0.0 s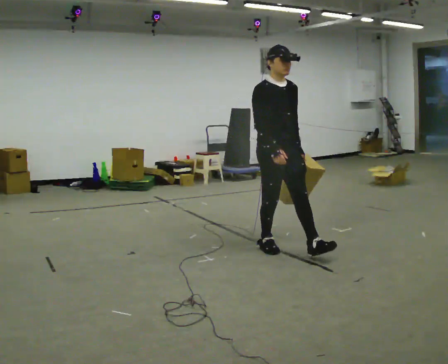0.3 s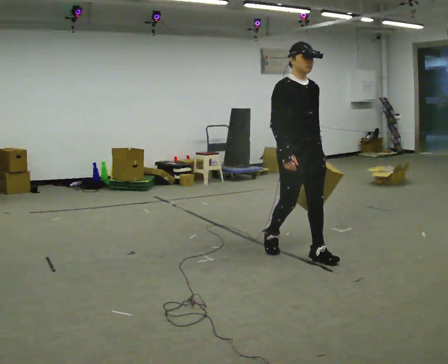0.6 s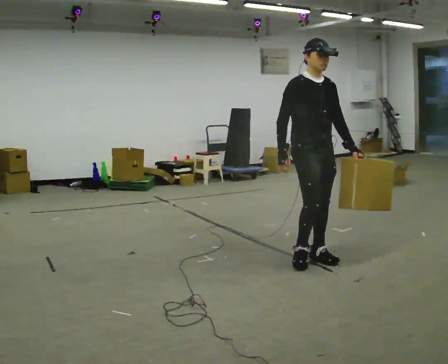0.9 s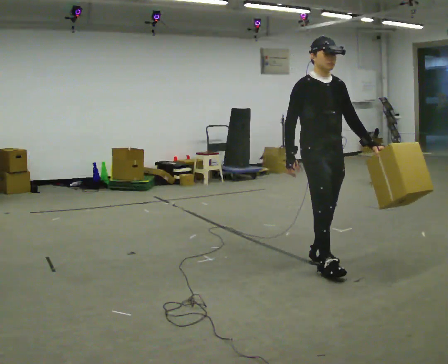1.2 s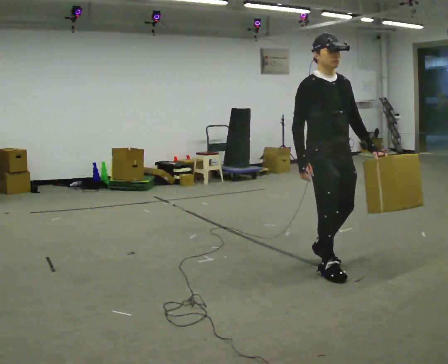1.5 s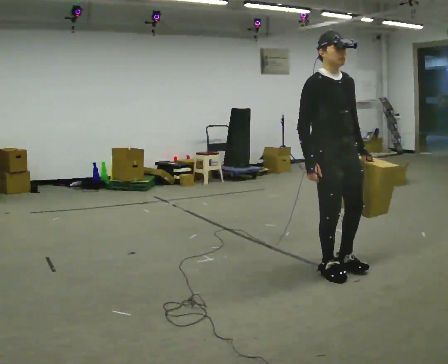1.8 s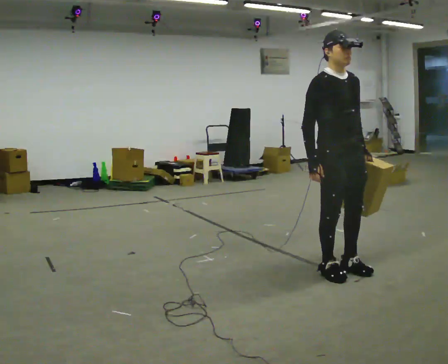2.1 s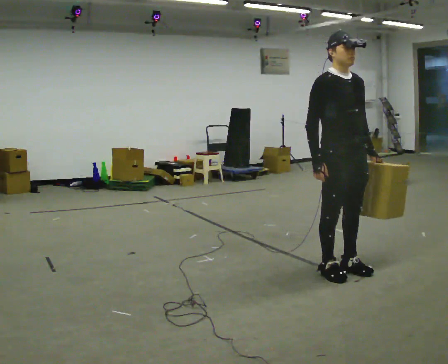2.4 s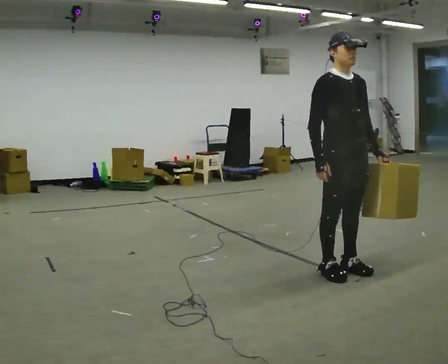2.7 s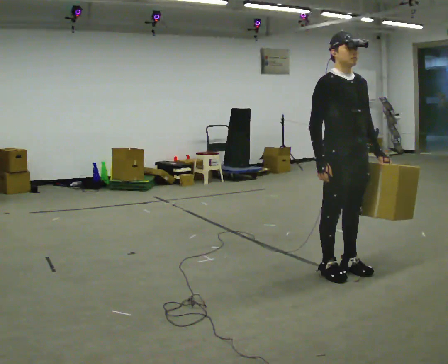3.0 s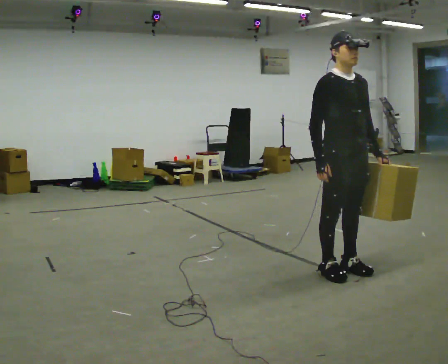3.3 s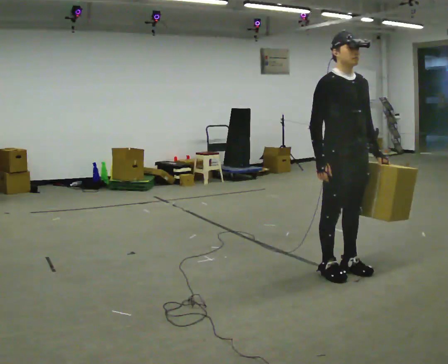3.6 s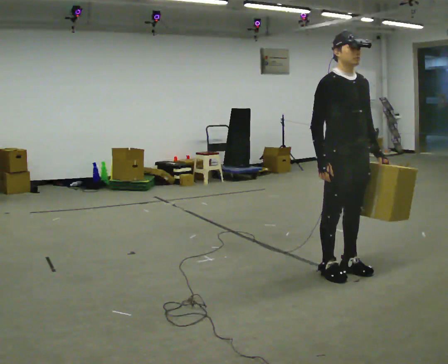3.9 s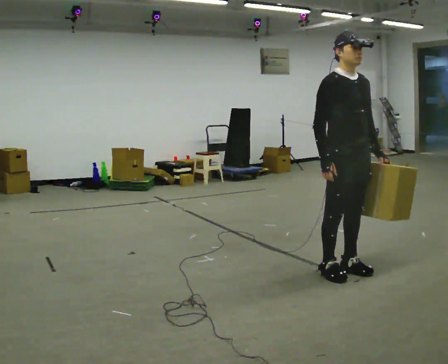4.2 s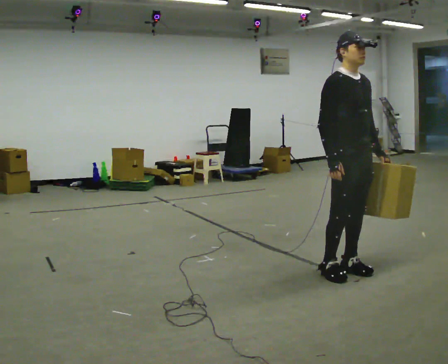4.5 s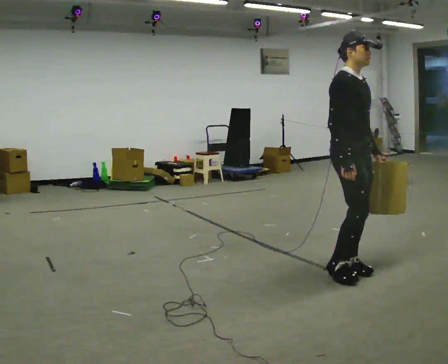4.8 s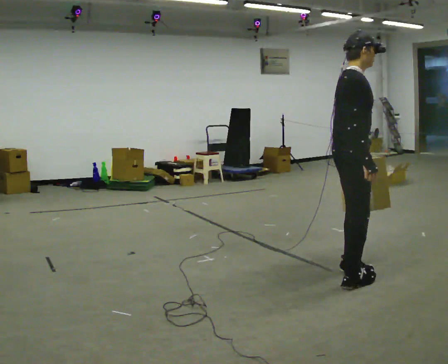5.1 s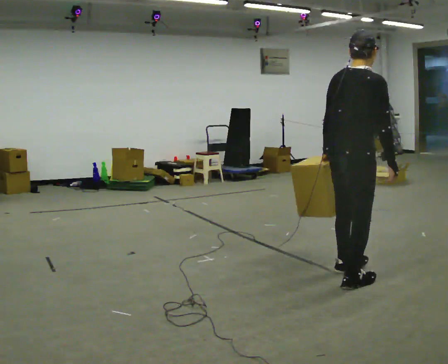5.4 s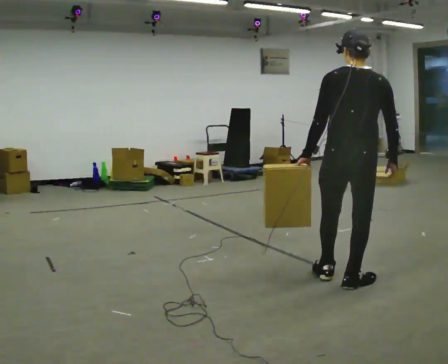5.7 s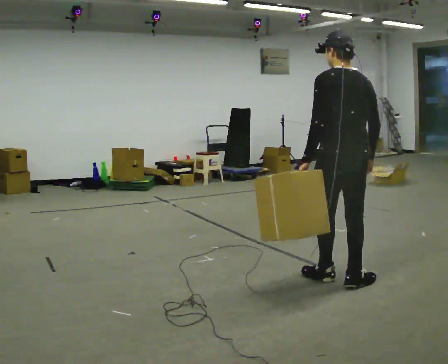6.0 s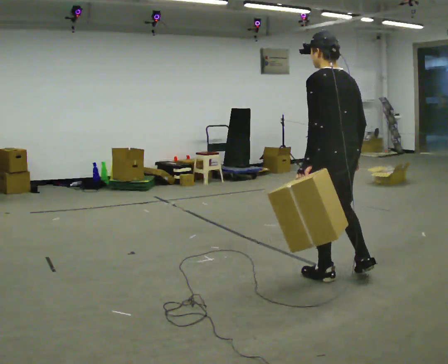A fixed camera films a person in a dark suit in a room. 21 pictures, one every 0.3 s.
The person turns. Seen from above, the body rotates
counterclockwise.
The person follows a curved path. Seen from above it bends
clockwise.
0.0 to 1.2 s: In the picture they go toward the camera and to the right, about 0.75 m in 2 steps, which for them is forward.
1.2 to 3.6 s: The person moves a little, or ends about where they began.
3.6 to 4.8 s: The person turns about 60 degrees to their left, counterclockwise seen from above, so the part of the body nearest the lens slides to the right.
4.8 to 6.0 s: Seen from above the body turns counterclockwise, about 135 degrees: to their left, with its near side sliding to the right. In the picture their left hand goes to the left.
The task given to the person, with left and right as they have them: Carry the box across the room, stopping and starting again each time the operator says stop and go. Do not set the box down.
The film runs forward here.
